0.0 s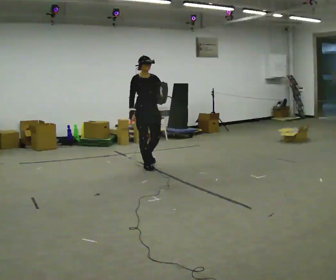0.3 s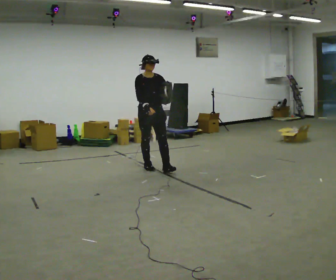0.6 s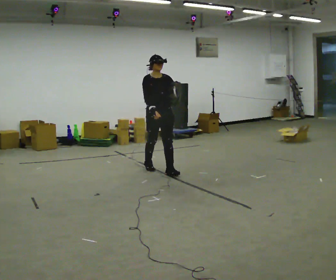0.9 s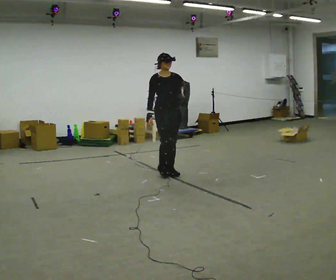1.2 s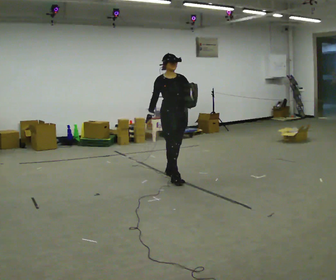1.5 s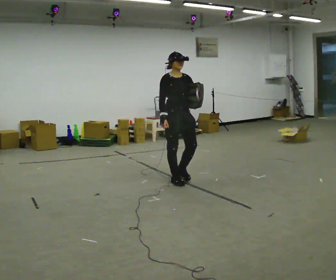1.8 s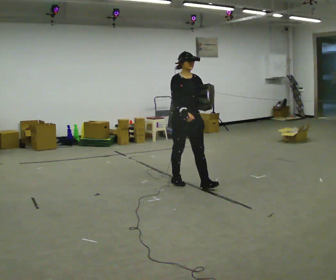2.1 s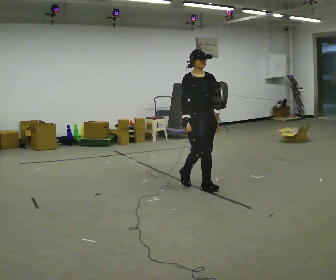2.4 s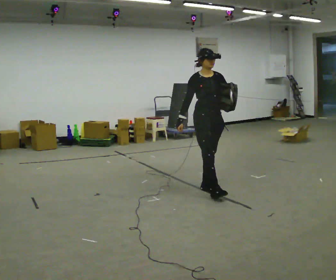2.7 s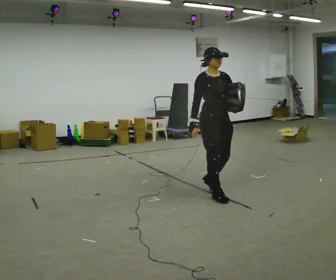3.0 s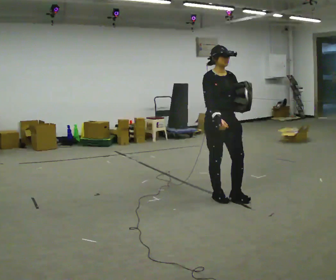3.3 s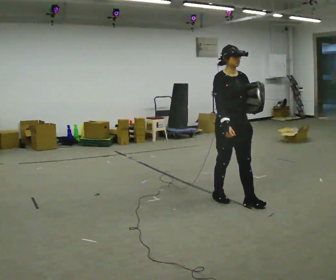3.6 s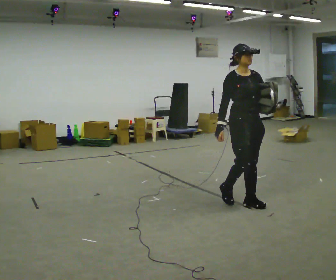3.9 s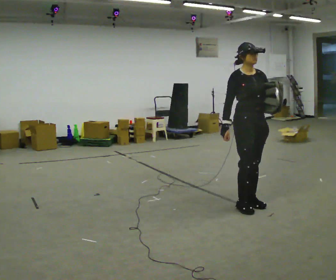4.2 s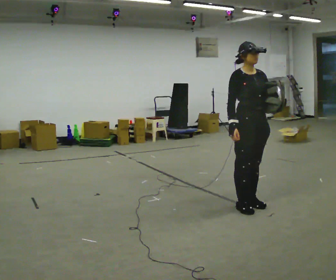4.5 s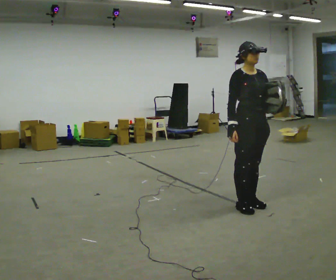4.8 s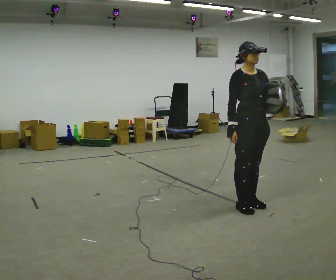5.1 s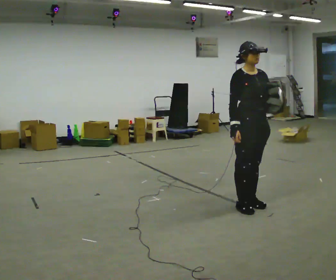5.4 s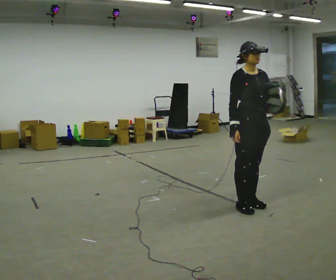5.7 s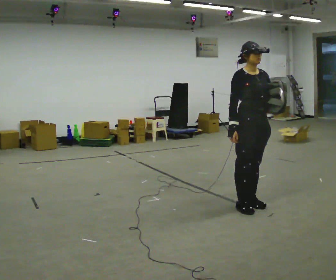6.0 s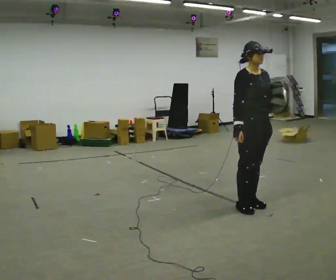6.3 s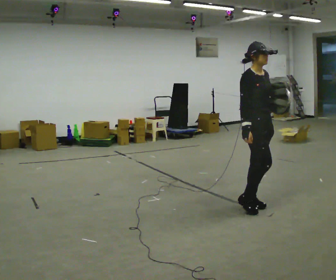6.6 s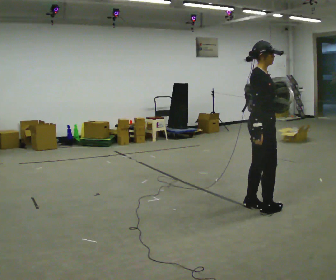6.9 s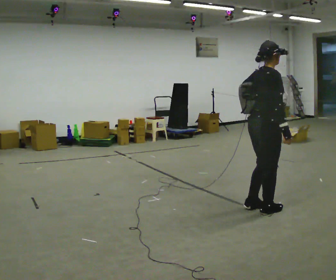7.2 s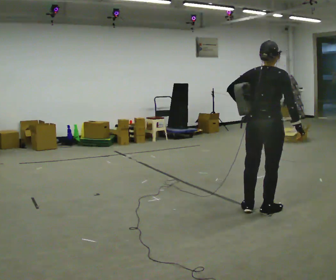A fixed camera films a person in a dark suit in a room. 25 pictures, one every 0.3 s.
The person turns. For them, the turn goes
to their left.
The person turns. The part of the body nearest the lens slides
to the right.
0.0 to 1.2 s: In the picture they go toward the camera and to the right, about 0.5 m in 2 steps, which for them is forward.
1.2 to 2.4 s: In the picture they go toward the camera and to the right, about 0.75 m in 1 step, which for them is forward.
2.4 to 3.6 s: In the picture they go toward the camera and to the right, about 0.5 m in 2 steps, which for them is forward.
3.6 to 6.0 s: The person moves a little, or ends about where they began.
6.0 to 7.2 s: The person turns about 120 degrees to their left, counterclockwise seen from above, so the part of the body nearest the lens slides to the right. In the picture they go toward the camera, about 0.25 m in 2 steps. In the picture their left hand goes to the left, the arm swinging clockwise.
The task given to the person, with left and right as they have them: Put the soft bag up onto your shoulder and carry it across the room, back and forth.
The film runs forward here.
